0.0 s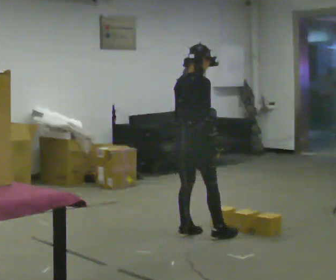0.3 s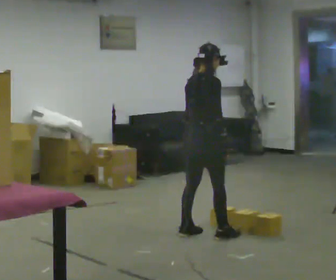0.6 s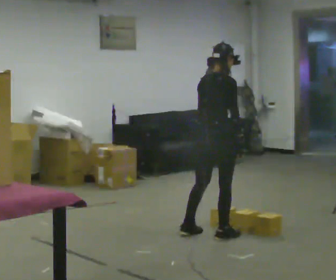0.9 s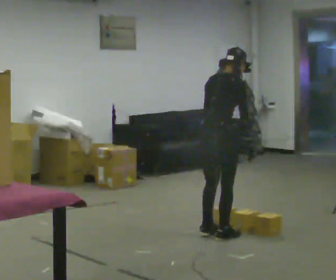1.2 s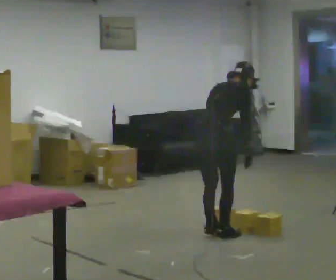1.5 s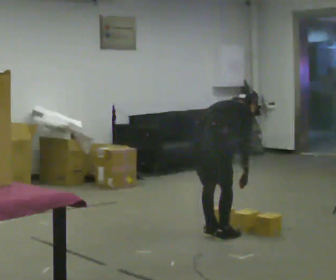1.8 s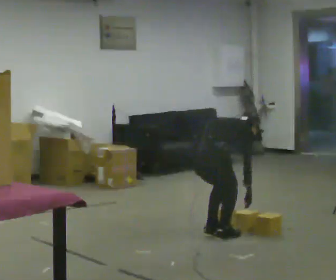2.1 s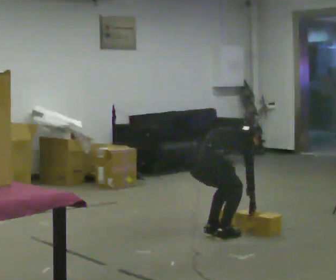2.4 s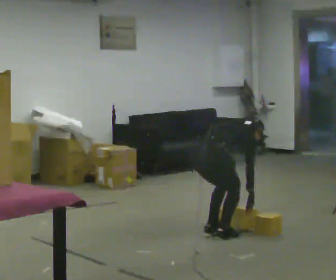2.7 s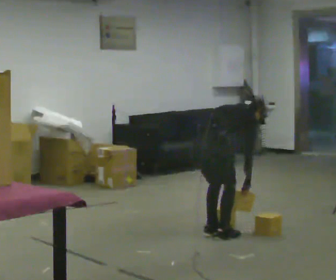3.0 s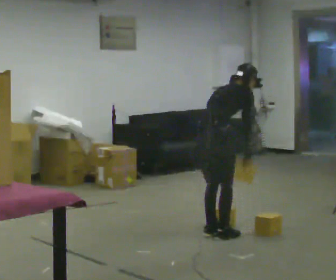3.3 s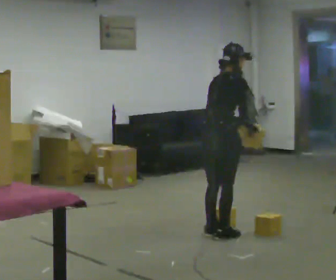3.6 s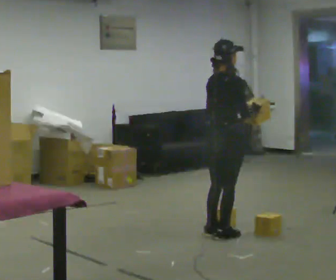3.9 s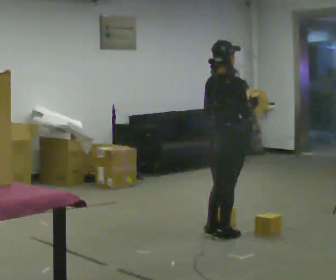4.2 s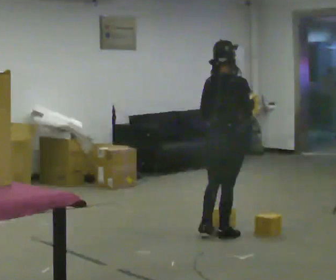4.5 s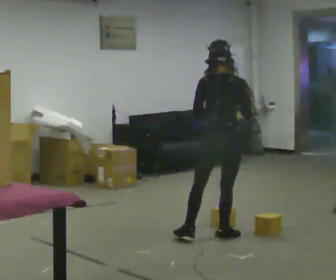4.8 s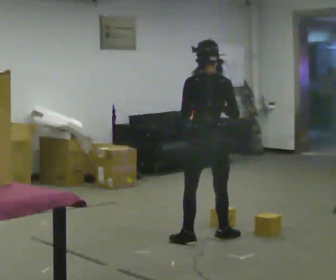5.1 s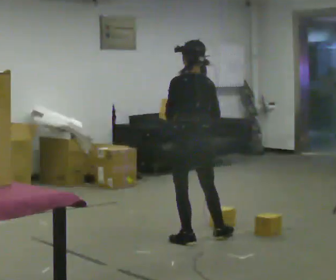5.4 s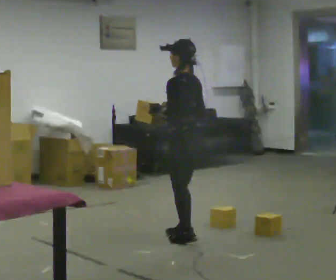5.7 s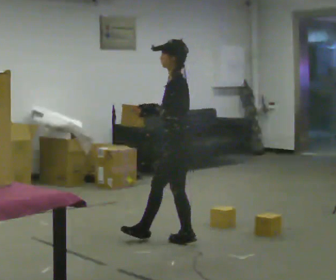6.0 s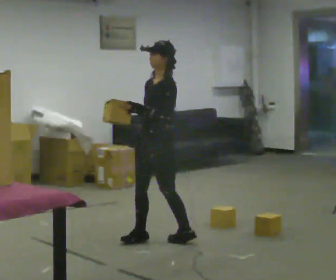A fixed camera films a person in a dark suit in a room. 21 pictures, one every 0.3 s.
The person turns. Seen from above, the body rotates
counterclockwise.
The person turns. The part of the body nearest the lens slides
to the right.
0.0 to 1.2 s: In the picture they go toward the camera and to the right, about 0.25 m in 2 steps, which for them is to their right. In the picture the upper body tilts clockwise, shoulders to the right, as they bend forward.
1.2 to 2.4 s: The upper body goes downward. In the picture the upper body tilts clockwise, shoulders to the right, as they bend forward. In the picture their left hand goes downward.
2.4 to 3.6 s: The upper body goes upward. In the picture the upper body tilts counterclockwise, shoulders to the left, as they lean back or straighten. In the picture their left hand goes upward.
3.6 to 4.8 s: Seen from above the body turns counterclockwise, about 60 degrees: to their left, with its near side sliding to the right. In the picture they go to the left, about 0.25 m in 1 step, which for them is backward. In the picture their left hand goes to the left.
4.8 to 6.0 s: Seen from above the body turns counterclockwise, about 105 degrees: to their left, with its near side sliding to the right. In the picture they go to the left, about 0.25 m in 1 step.
The film runs forward here.
